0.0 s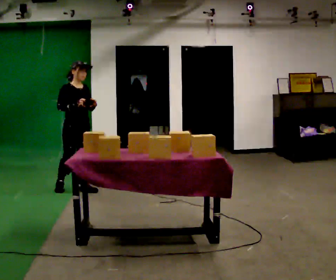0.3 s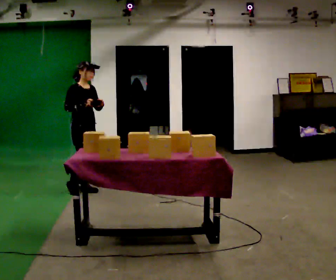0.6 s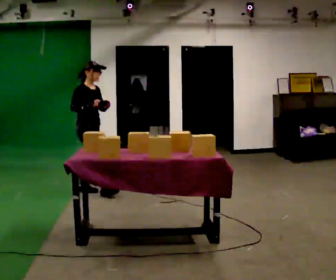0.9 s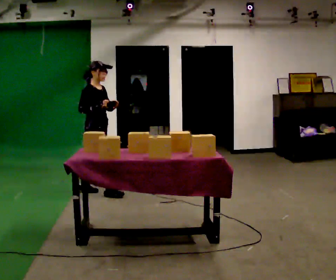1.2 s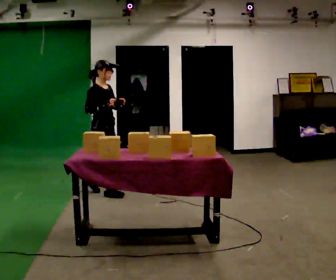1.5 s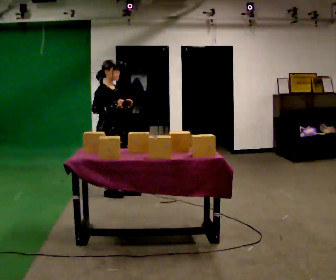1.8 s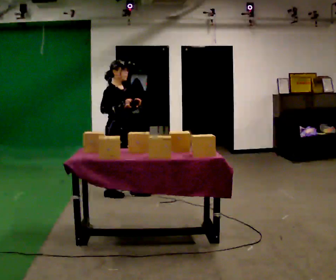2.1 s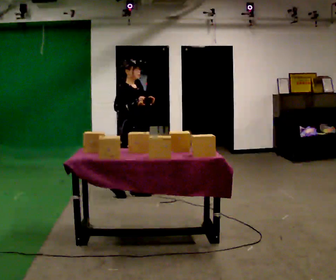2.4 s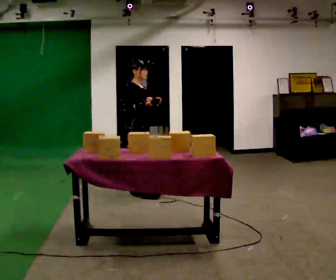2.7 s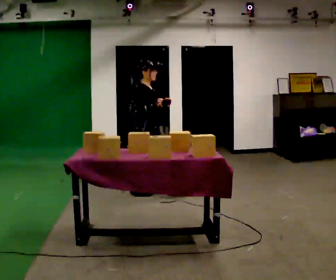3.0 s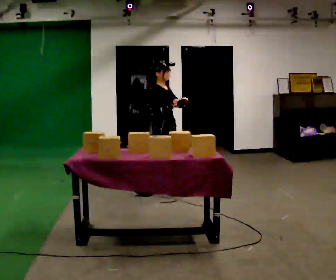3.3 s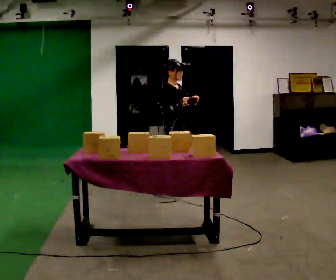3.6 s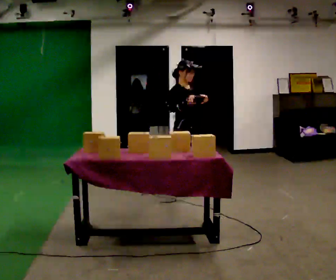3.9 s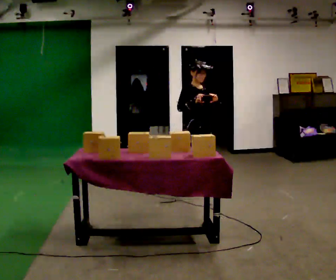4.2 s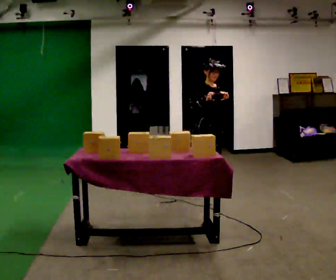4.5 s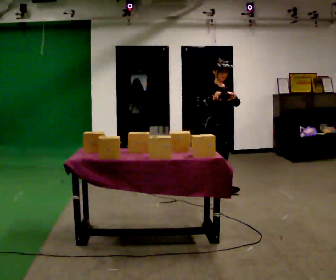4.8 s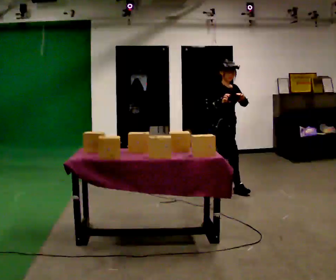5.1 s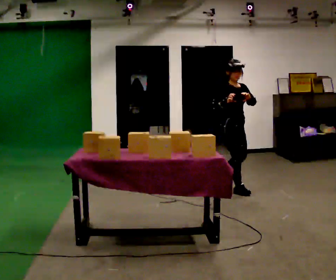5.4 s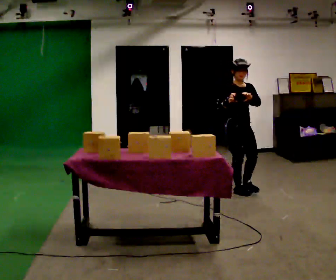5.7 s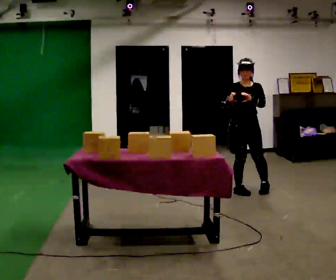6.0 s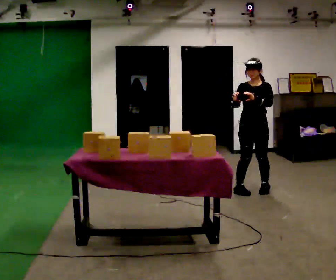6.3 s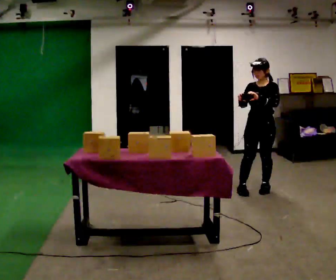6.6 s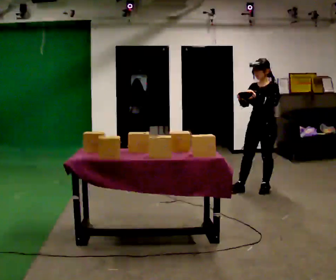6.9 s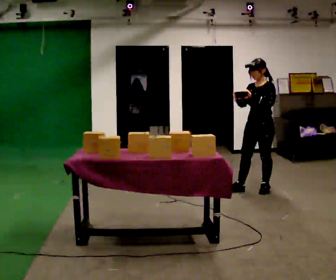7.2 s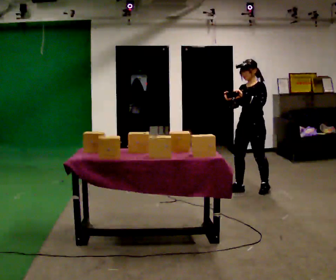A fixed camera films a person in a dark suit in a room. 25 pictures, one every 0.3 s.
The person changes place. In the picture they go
to the right.
0.0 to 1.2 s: The person turns about 30 degrees to their left, counterclockwise seen from above, so the part of the body nearest the lens slides to the right. In the picture they go to the right, about 0.5 m in 1 step, which for them is forward.
1.2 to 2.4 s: In the picture they go to the right, about 0.5 m in 1 step, which for them is forward.
2.4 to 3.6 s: In the picture they go to the right, about 0.5 m in 1 step, which for them is forward.
3.6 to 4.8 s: In the picture they go to the right, about 0.5 m in 2 steps, which for them is to their left and forward.
4.8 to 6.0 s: The part of the body nearest the lens slides to the left as the person turns to their right by about 75 degrees. In the picture they go to the right, about 0.25 m in 1 step.
6.0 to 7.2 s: The person turns about 45 degrees to their right, clockwise seen from above, so the part of the body nearest the lens slides to the left.
The film runs forward here.
